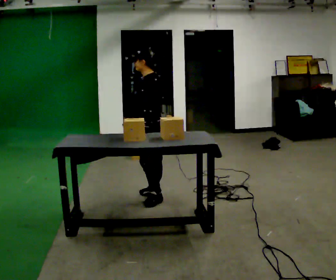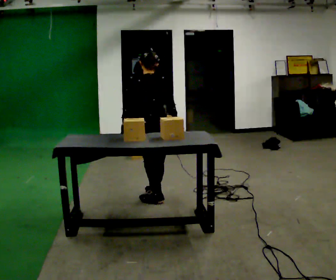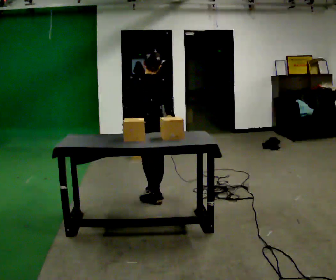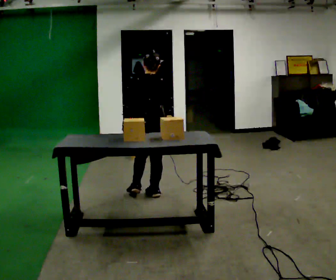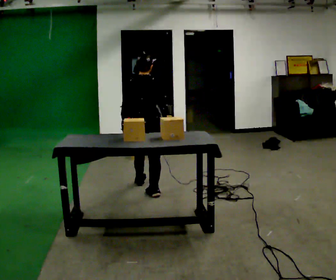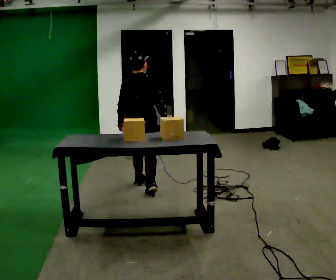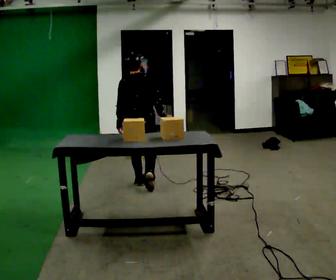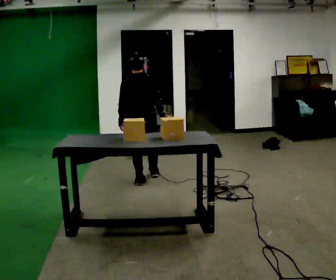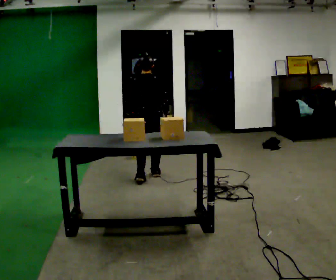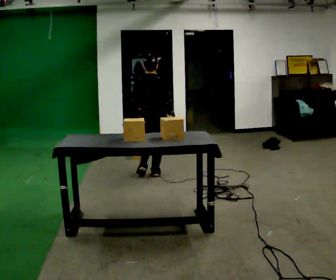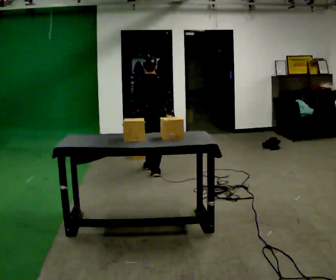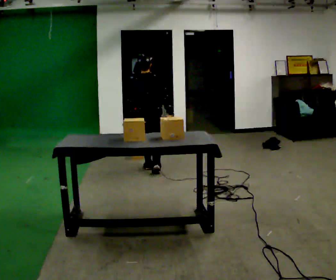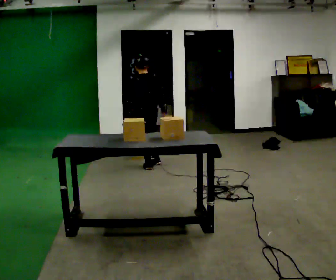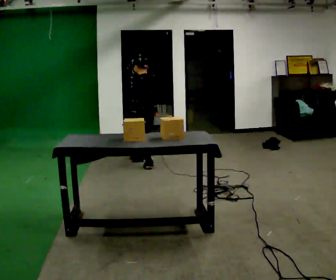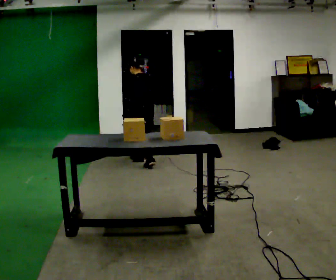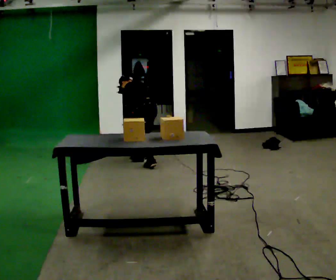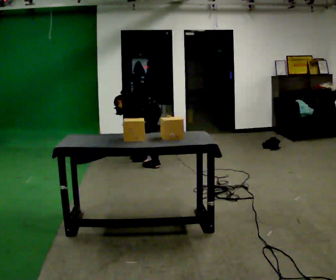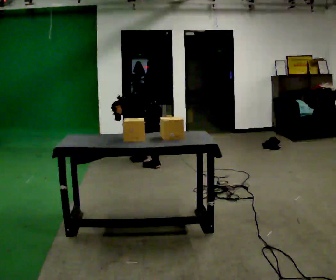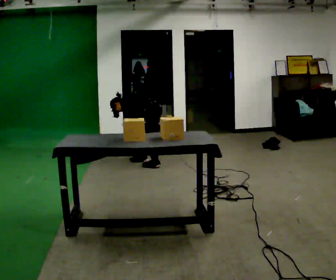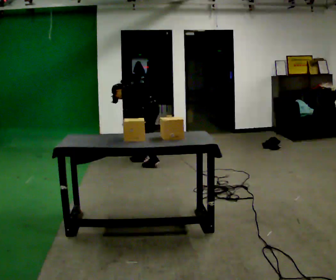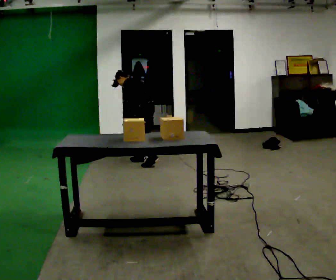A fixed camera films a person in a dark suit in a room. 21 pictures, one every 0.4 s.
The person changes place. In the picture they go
away from the camera.
0.0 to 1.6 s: The part of the body nearest the lens slides to the left as the person turns to their right by about 75 degrees. In the picture they go away from the camera, about 0.25 m in 2 steps.
1.6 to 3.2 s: In the picture they go away from the camera, about 0.5 m in 1 step, which for them is forward.
3.2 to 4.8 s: The person turns about 30 degrees to their left, counterclockwise seen from above, so the part of the body nearest the lens slides to the right. In the picture they go away from the camera, about 0.5 m in 1 step, which for them is forward.
4.8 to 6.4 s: Seen from above the body turns counterclockwise, about 45 degrees: to their left, with its near side sliding to the right. In the picture they go away from the camera, about 0.25 m in 1 step, which for them is to their right. The shoulders move downward. In the picture the upper body tilts counterclockwise, shoulders to the left, as they bend forward.
6.4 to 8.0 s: The upper body goes upward. In the picture the upper body tilts clockwise, shoulders to the right, as they lean back or straighten.
The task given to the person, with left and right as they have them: Take an object off the waist-height shelf, carry it across the room, and set it down on the floor. Keep going until the operator says stop; one object at a time, and do not rush between trips.
The film runs forward here.
